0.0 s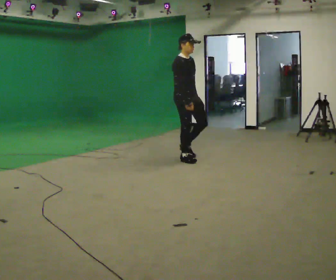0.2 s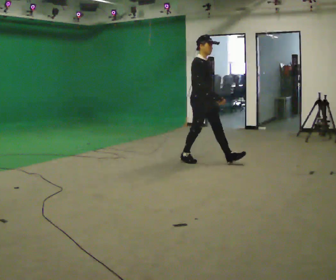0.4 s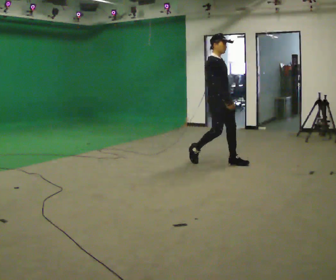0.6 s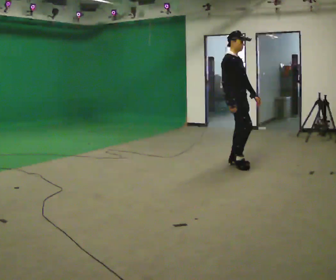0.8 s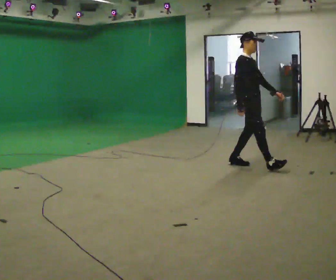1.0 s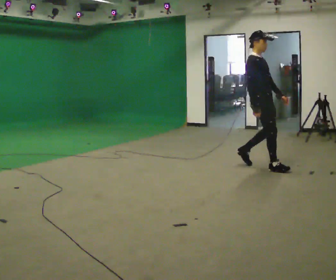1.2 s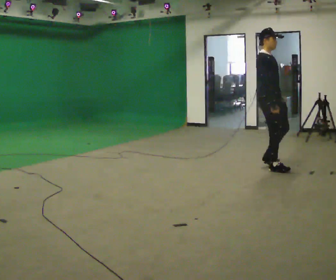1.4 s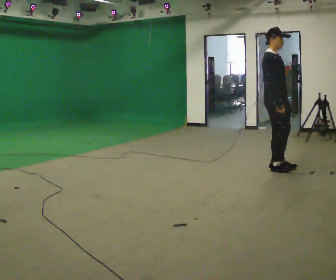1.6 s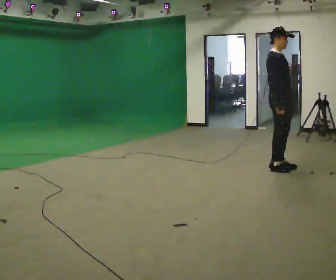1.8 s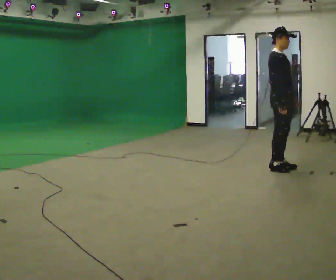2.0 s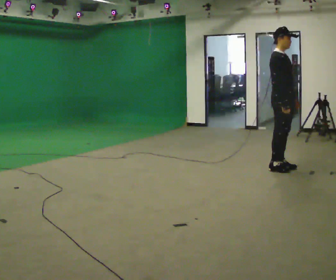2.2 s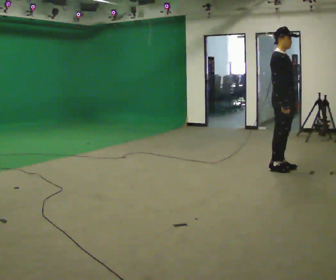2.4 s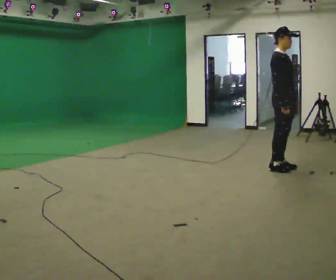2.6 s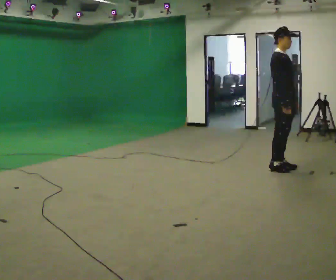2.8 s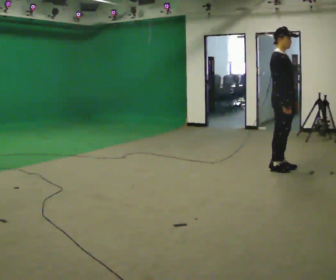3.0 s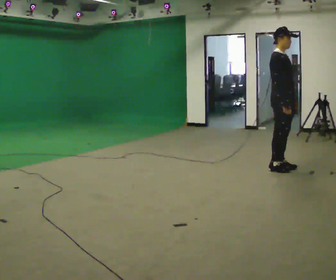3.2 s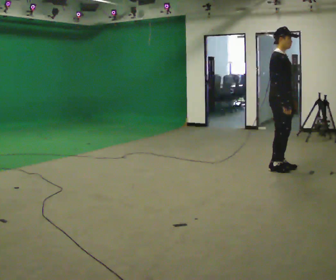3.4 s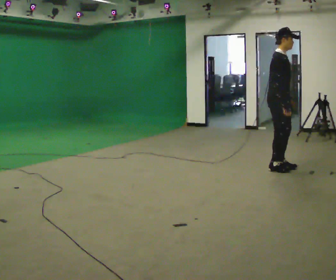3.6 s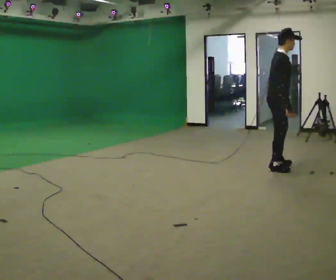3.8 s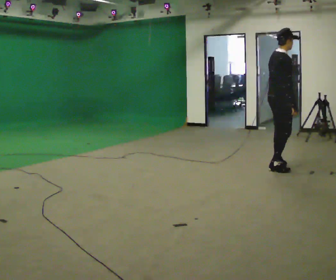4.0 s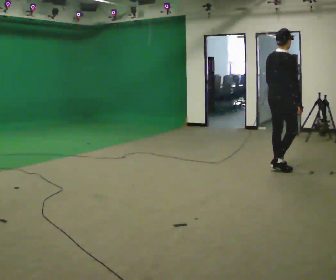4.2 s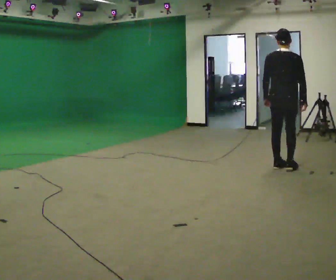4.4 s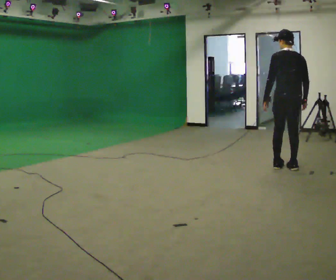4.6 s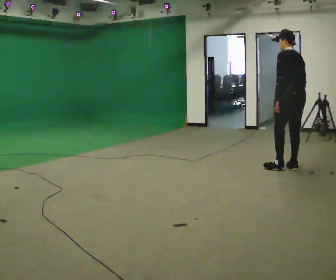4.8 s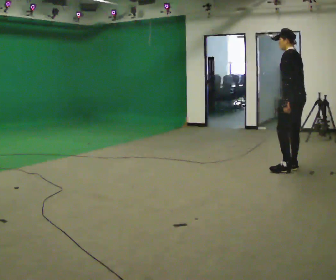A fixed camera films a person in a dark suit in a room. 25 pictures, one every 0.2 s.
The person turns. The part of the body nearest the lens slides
to the right.
The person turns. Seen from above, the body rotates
counterclockwise.
0.0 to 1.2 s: In the picture they go to the right, about 1 m in 2 steps, which for them is forward.
1.2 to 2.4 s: In the picture they go to the right, about 0.25 m in 1 step, which for them is forward.
2.4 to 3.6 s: The part of the body nearest the lens slides to the right as the person turns to their left by about 30 degrees.
3.6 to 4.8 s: The part of the body nearest the lens slides to the right as the person turns to their left by about 150 degrees. In the picture they go to the right, about 0.25 m in 1 step. In the picture the upper body tilts counterclockwise, shoulders to the left.
The film runs forward here.
